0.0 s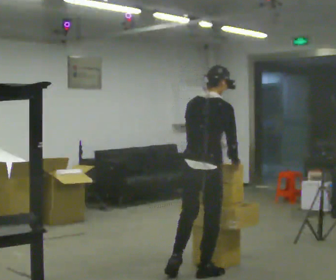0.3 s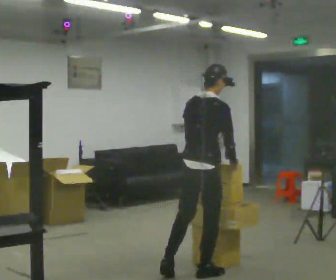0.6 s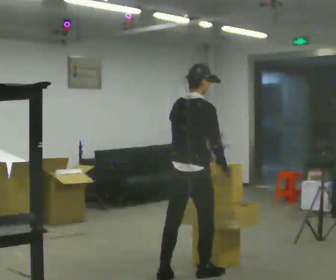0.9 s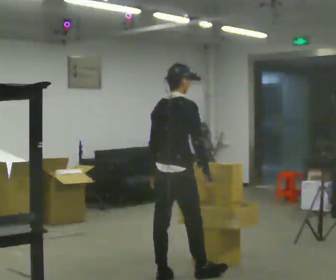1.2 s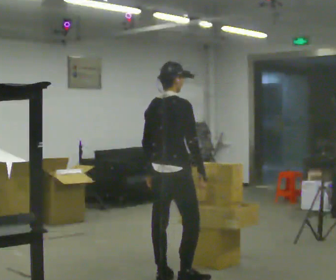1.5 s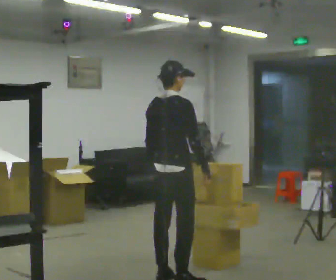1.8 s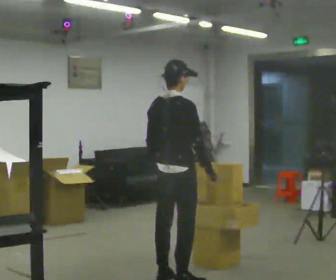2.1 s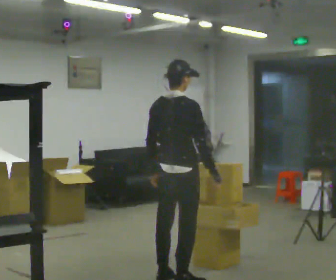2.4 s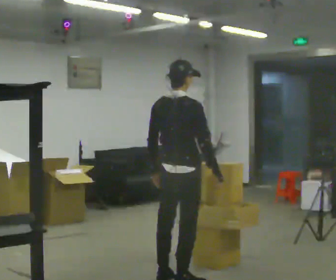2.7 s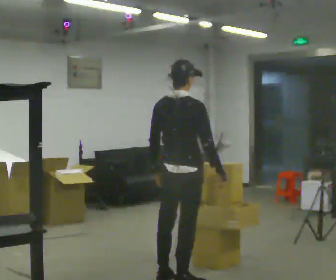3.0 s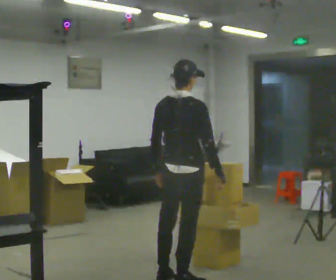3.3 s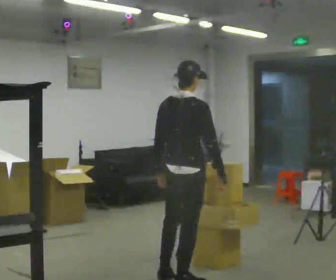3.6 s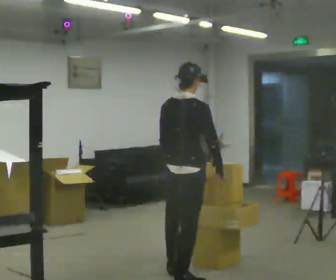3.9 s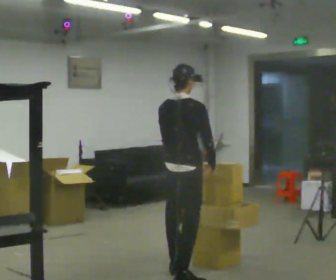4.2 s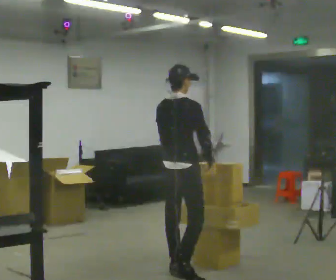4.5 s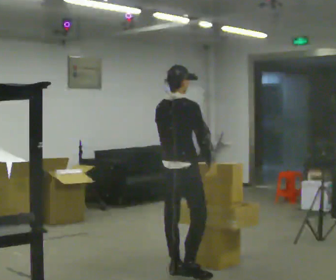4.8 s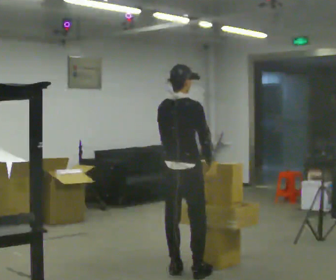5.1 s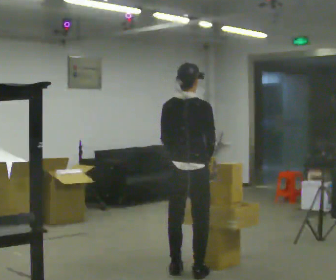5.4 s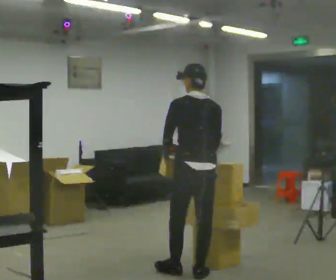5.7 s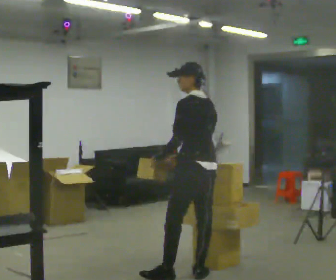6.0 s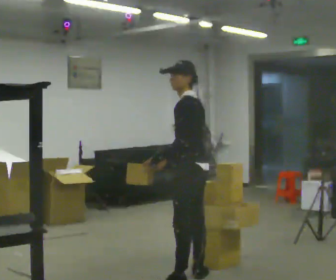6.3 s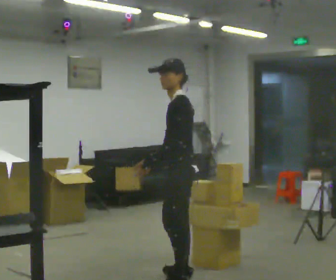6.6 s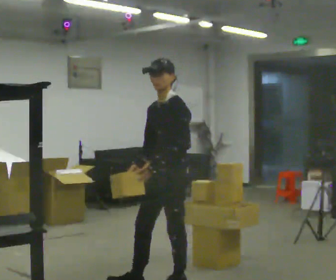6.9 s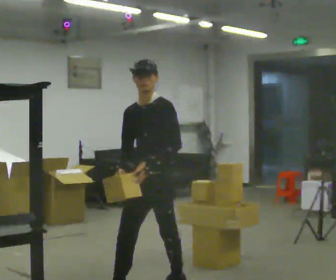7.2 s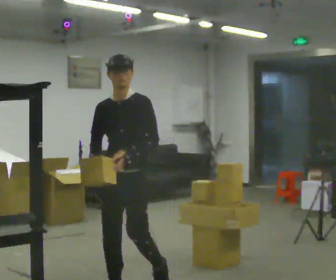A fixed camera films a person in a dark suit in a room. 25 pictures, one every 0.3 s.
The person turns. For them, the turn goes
to their left.
The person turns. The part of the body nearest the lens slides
to the right.
0.0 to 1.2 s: In the picture they go to the left, about 0.25 m, which for them is backward and to their left.
1.2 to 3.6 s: The person moves a little, or ends about where they began.
3.6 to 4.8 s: In the picture they go away from the camera, about 0.25 m in 3 steps, which for them is forward and to their left.
4.8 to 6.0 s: The person turns about 105 degrees to their left, counterclockwise seen from above, so the part of the body nearest the lens slides to the right. In the picture they go toward the camera, about 0.25 m in 1 step.
6.0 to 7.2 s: The part of the body nearest the lens slides to the right as the person turns to their left by about 90 degrees. In the picture they go to the left and toward the camera, about 0.5 m in 1 step.
The film runs forward here.
